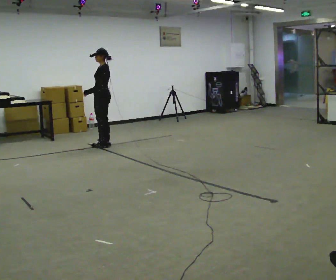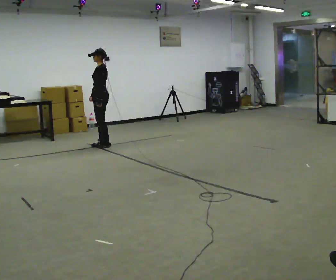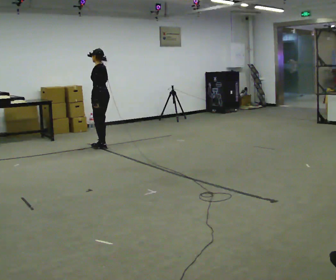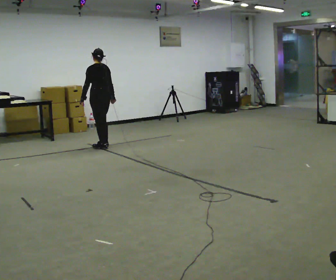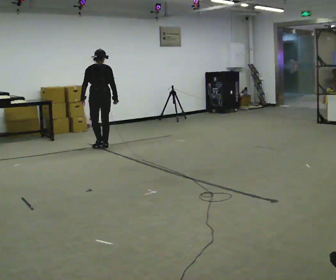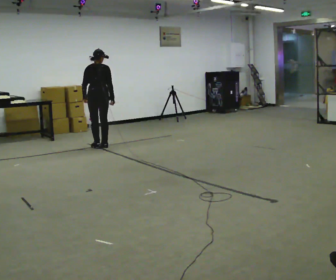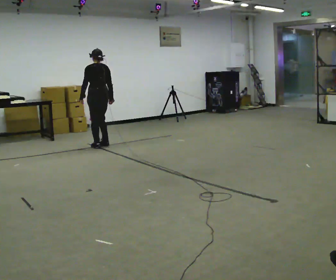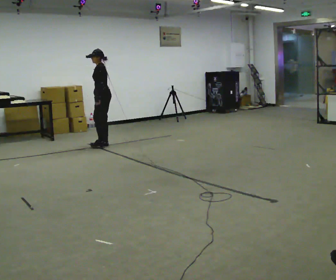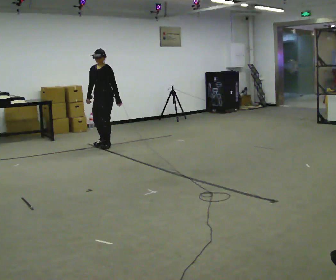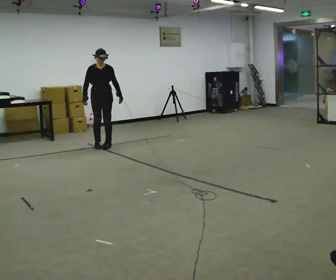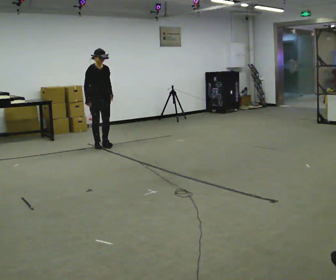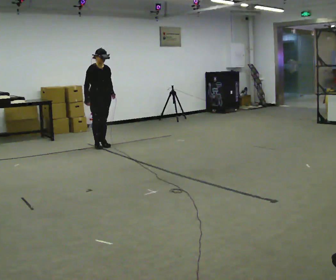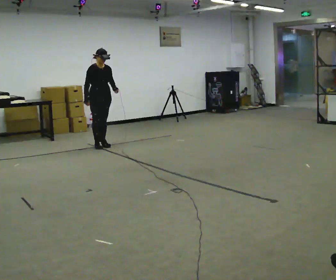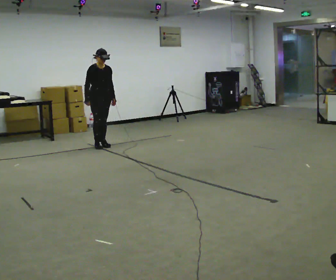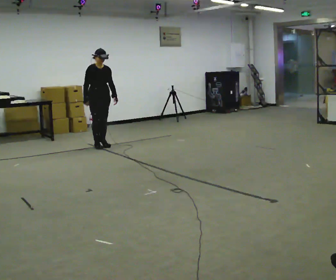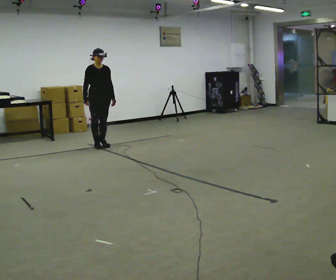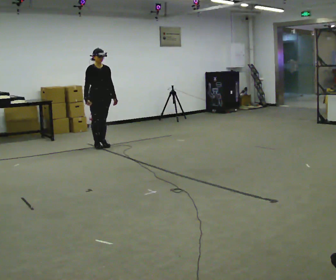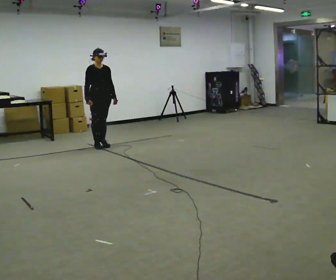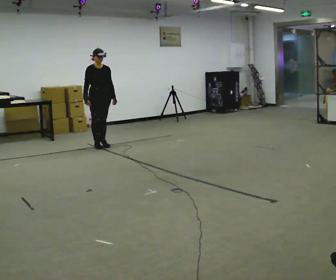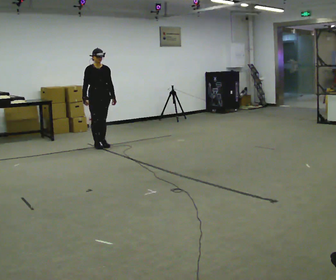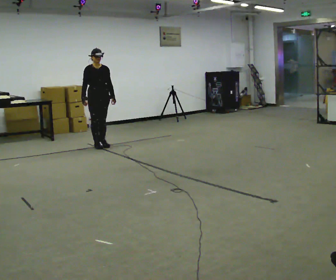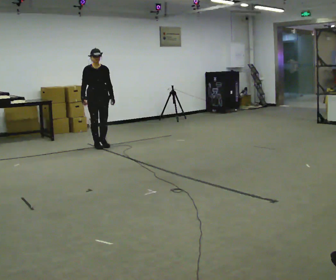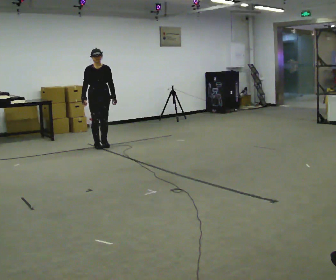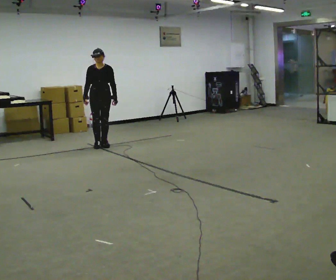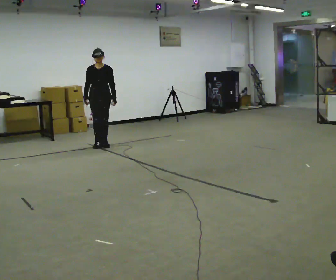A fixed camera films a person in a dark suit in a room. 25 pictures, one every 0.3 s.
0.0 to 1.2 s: The part of the body nearest the lens slides to the left as the person turns to their right by about 90 degrees.
1.2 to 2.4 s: Seen from above the body turns counterclockwise, about 135 degrees: to their left, with its near side sliding to the right. In the picture their left hand goes to the right, the arm swinging counterclockwise.
2.4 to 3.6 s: Seen from above the body turns counterclockwise, about 60 degrees: to their left, with its near side sliding to the right.
3.6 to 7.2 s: Seen from above the body turns clockwise, about 30 degrees: to their right, with its near side sliding to the left.
The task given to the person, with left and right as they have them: Walk through 3–5 turns in sequence; keep moving; stop at end.
The film runs forward here.
